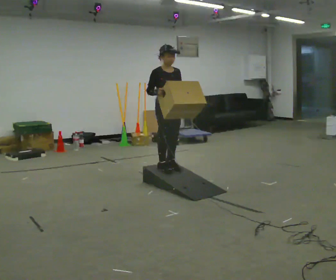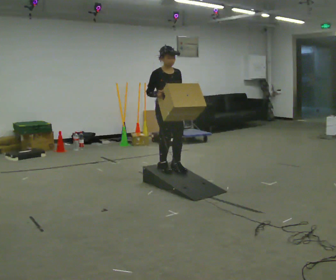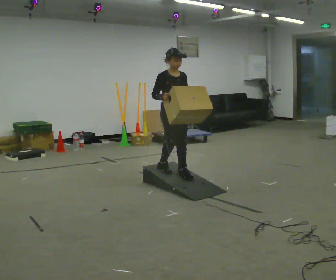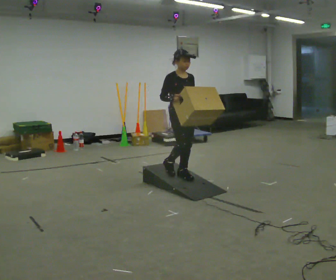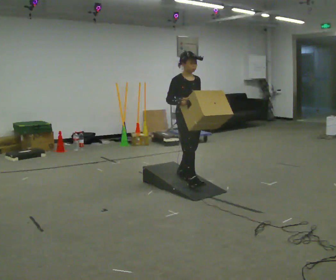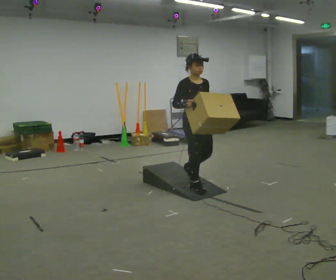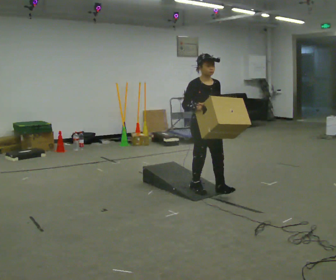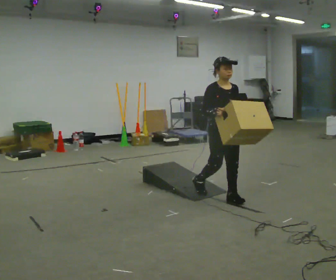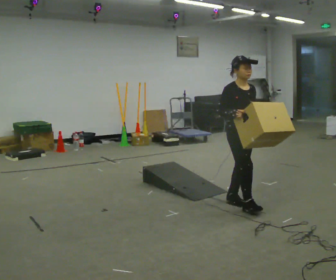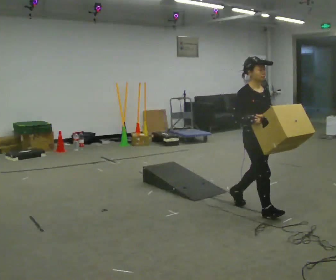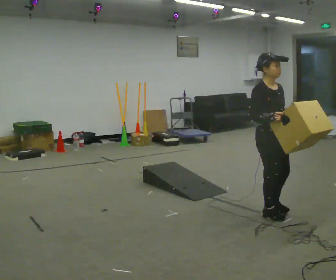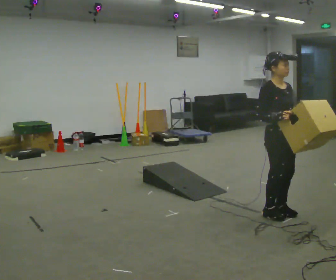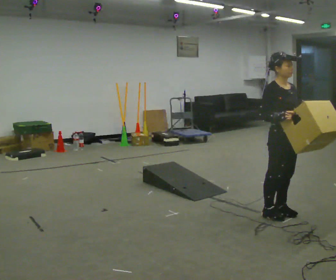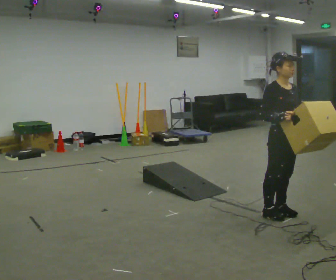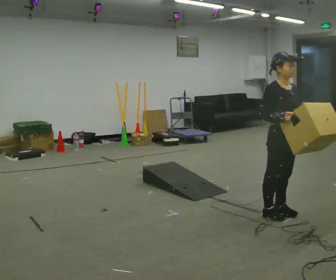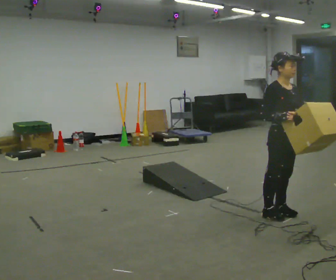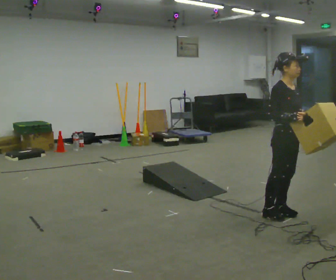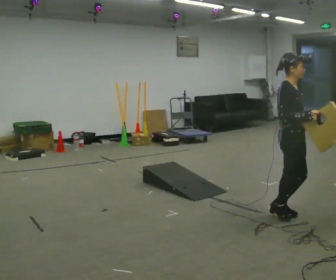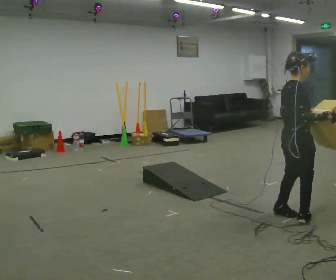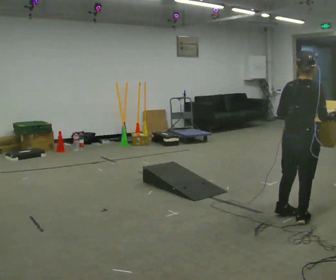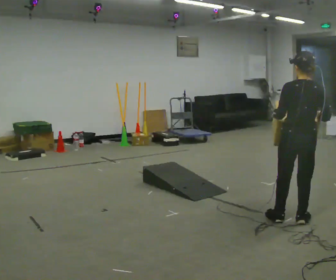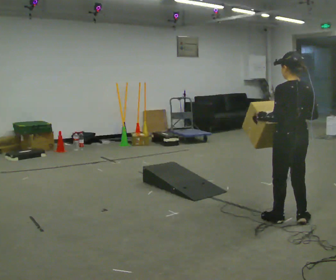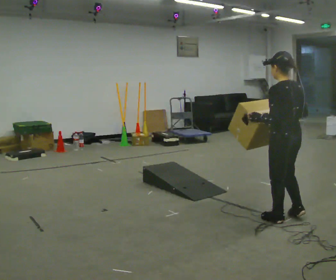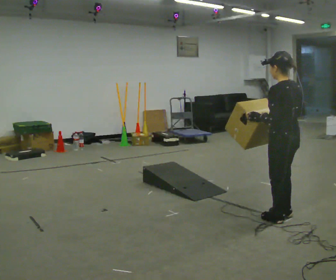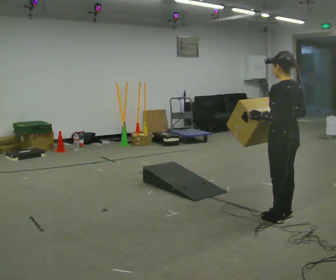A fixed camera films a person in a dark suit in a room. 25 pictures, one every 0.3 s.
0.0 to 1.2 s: In the picture they go to the right and toward the camera, about 0.25 m in 1 step, which for them is forward.
1.2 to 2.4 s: In the picture they go to the right and toward the camera, about 1 m in 2 steps, which for them is forward.
2.4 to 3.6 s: In the picture they go to the right and toward the camera, about 0.5 m in 2 steps, which for them is forward.
3.6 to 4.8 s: The person moves a little, or ends about where they began.
4.8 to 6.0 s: Seen from above the body turns counterclockwise, about 120 degrees: to their left, with its near side sliding to the right. In the picture they go toward the camera, about 0.25 m in 2 steps. In the picture their left hand goes to the left.
6.0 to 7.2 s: Seen from above the body turns counterclockwise, about 30 degrees: to their left, with its near side sliding to the right.
The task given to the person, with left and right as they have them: Carry the box up the ramp, turn at the top, and carry it back down. Keep going until the operator says stop; one object at a time, and do not rush between trips.
The film runs forward here.
